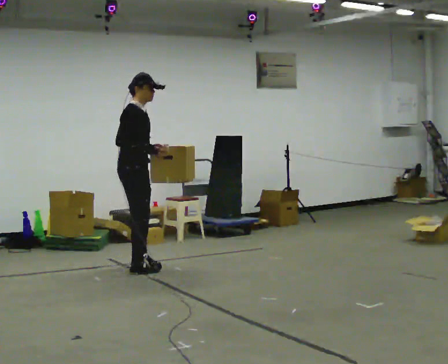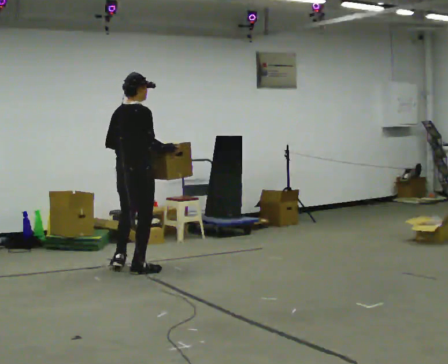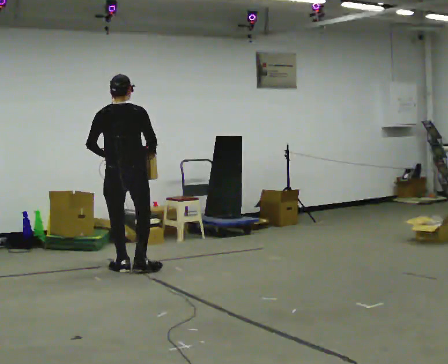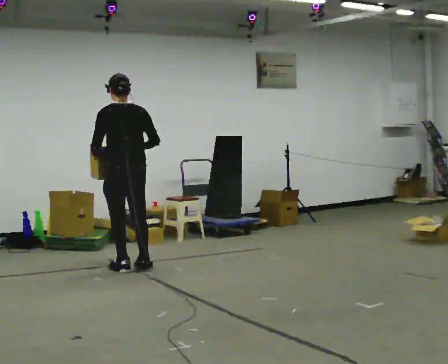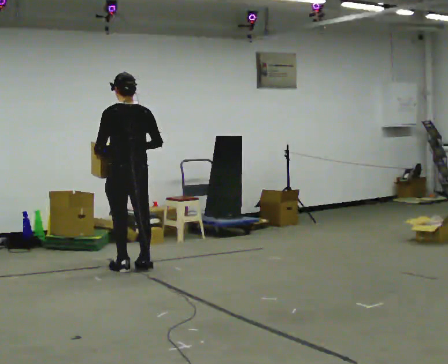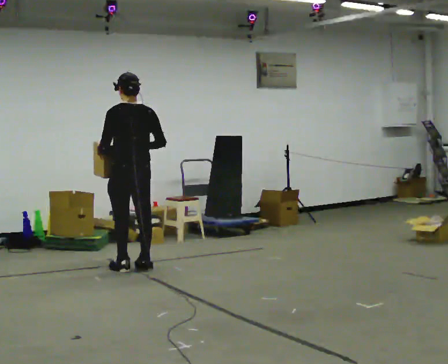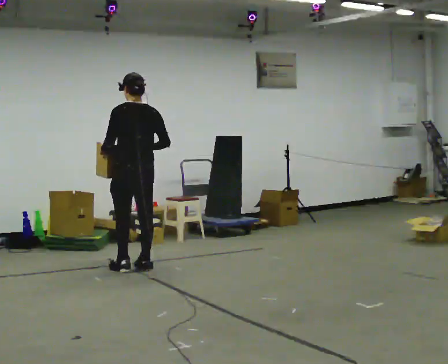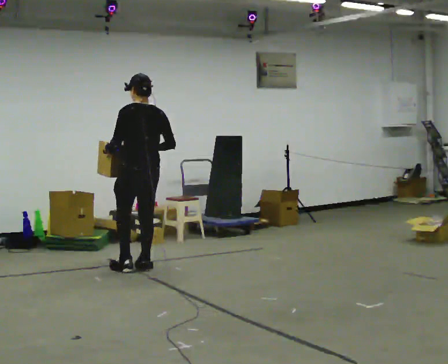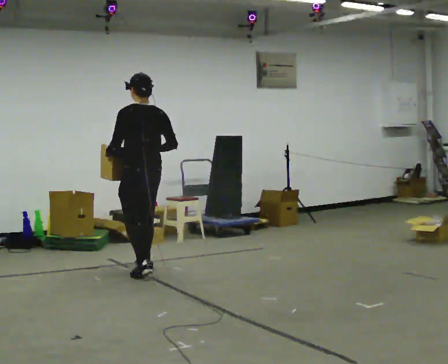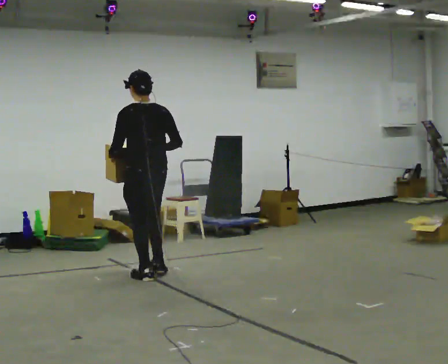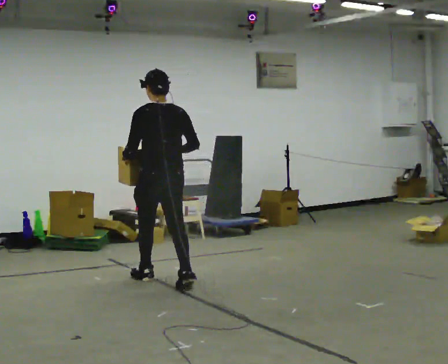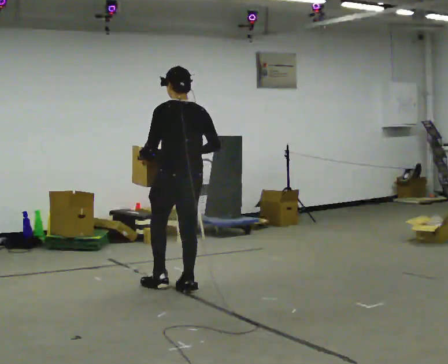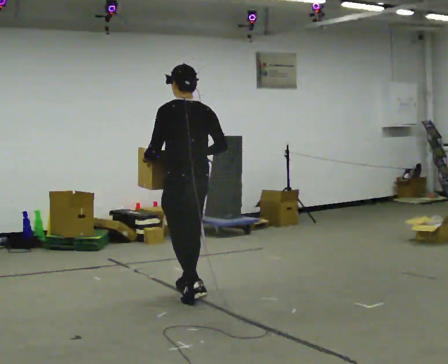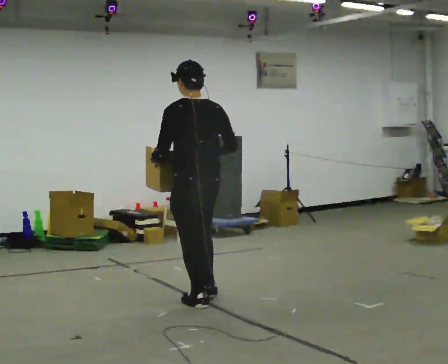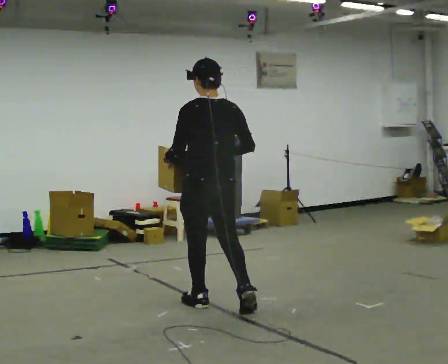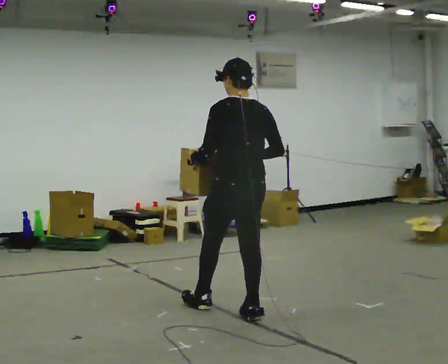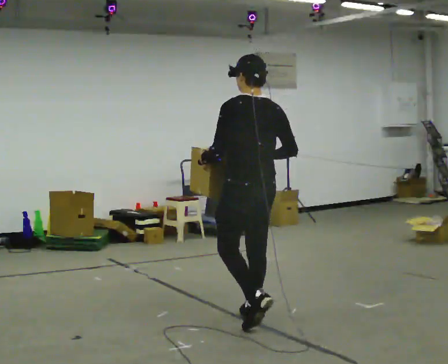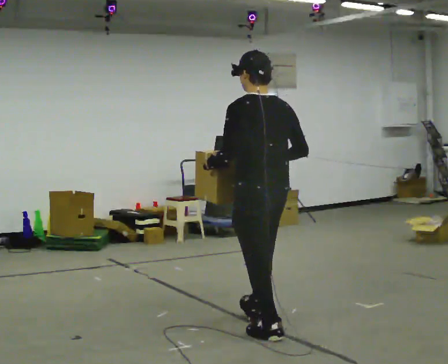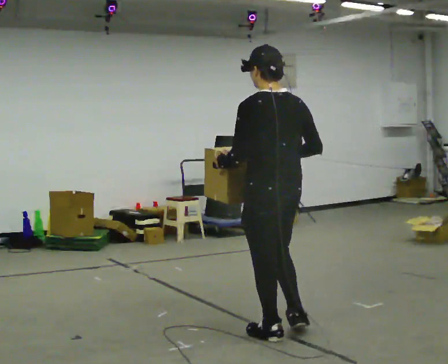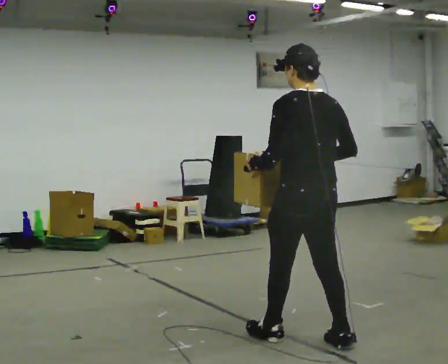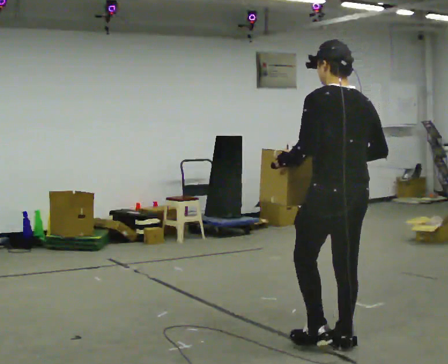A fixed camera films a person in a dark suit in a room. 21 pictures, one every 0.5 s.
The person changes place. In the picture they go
toward the camera.
0.0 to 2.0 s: Seen from above the body turns counterclockwise, about 135 degrees: to their left, with its near side sliding to the right.
2.0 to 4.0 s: The person moves a little, or ends about where they began.
4.0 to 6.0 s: In the picture they go toward the camera and to the right, about 1 m in 2 steps, which for them is backward.
6.0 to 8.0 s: In the picture they go toward the camera and to the right, about 1 m in 2 steps, which for them is backward.
8.0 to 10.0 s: In the picture they go toward the camera and to the right, about 1 m in 2 steps, which for them is backward.
The film runs backward here.
